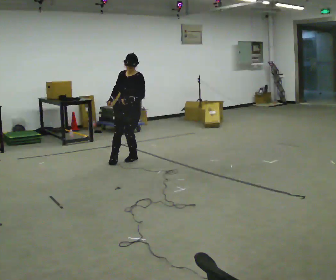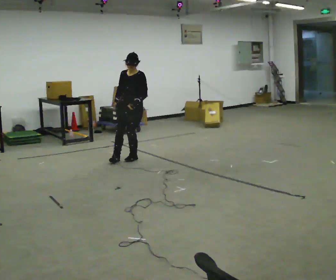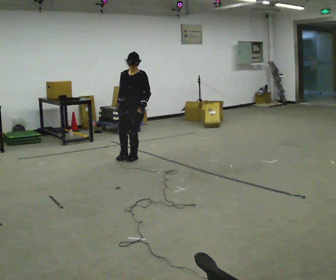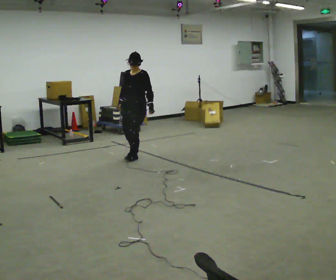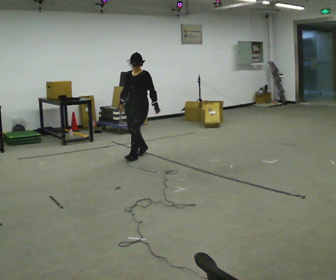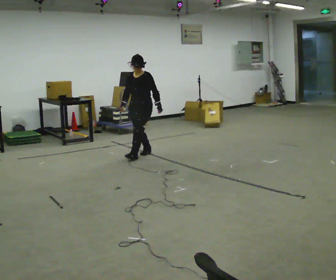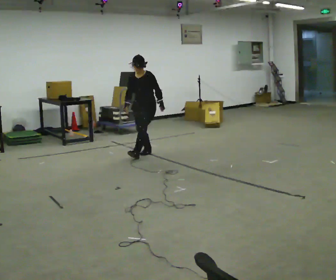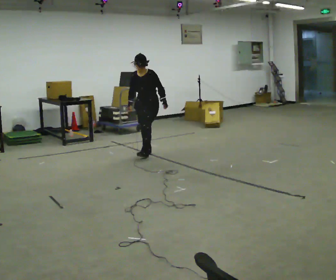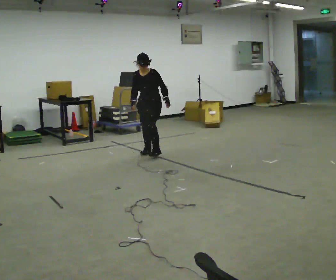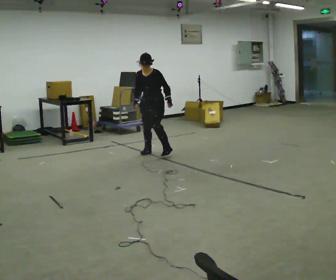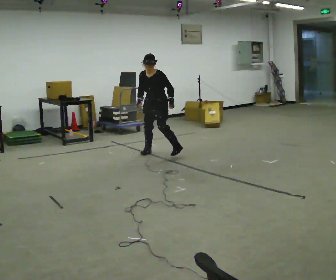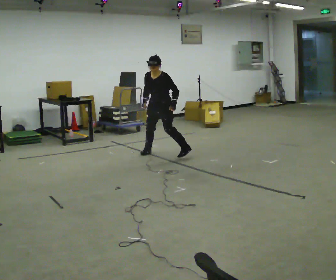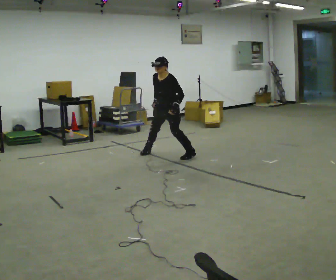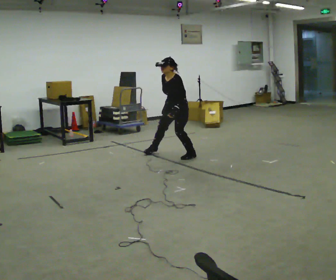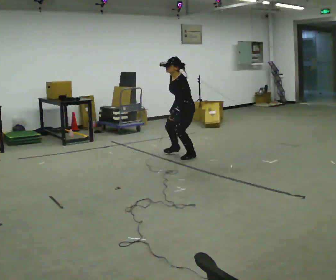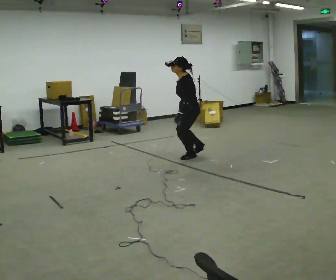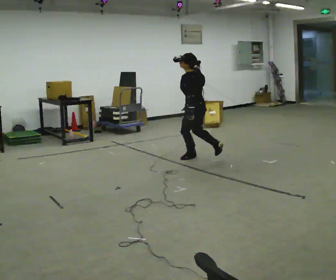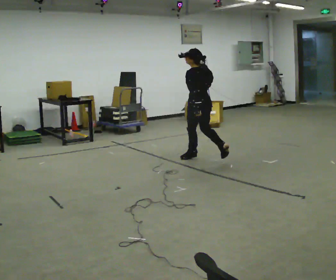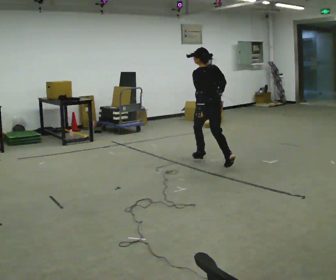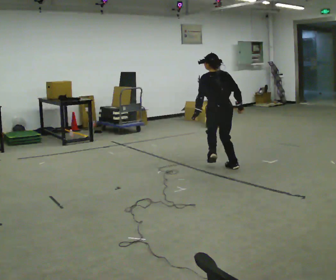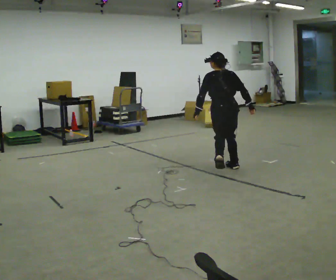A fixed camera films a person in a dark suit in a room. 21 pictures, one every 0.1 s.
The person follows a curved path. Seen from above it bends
clockwise.
The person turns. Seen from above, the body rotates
clockwise.
0.0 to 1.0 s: In the picture they go to the right and away from the camera, about 0.5 m in 1 step, which for them is backward and to their left. In the picture the upper body tilts counterclockwise, shoulders to the left, as they bend forward.
1.0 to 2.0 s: The part of the body nearest the lens slides to the left as the person turns to their right by about 150 degrees. In the picture they go toward the camera and to the right, about 1 m in 2 steps. The upper body tips away from the camera, its near side rolling upward.
The film runs forward here.
